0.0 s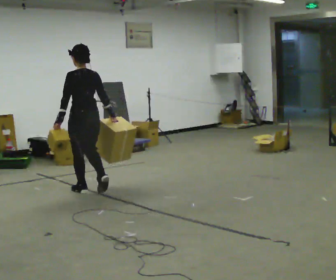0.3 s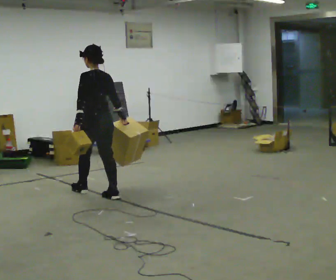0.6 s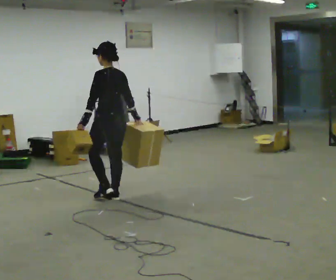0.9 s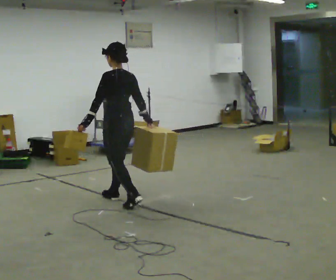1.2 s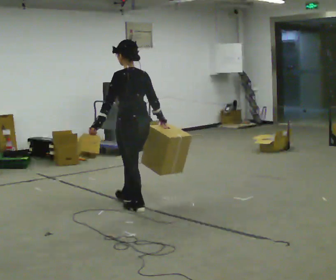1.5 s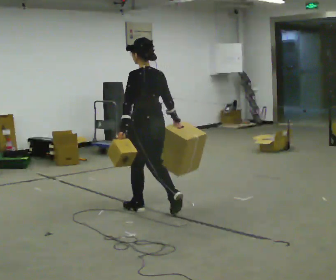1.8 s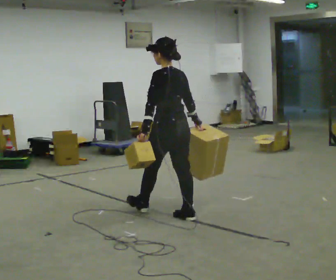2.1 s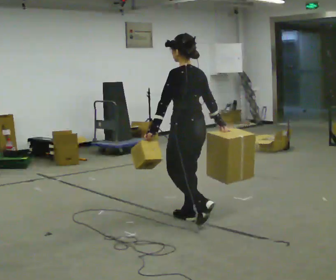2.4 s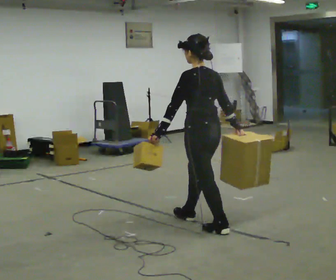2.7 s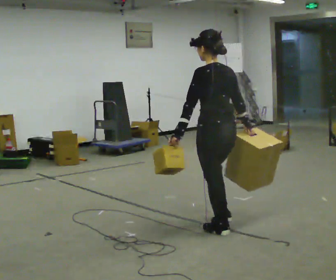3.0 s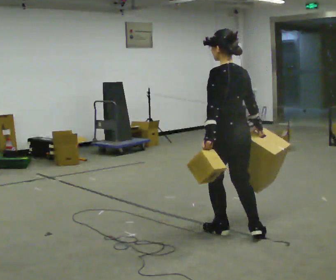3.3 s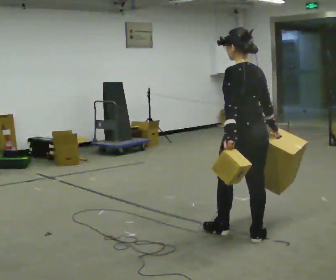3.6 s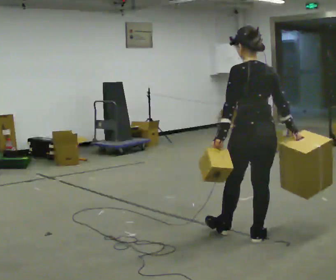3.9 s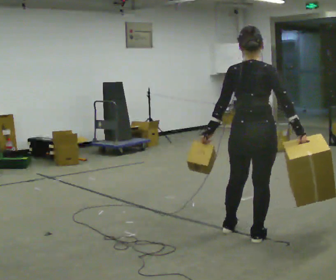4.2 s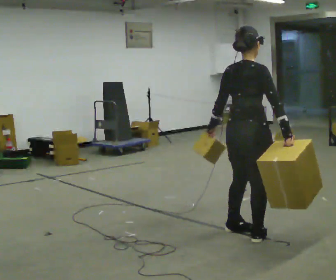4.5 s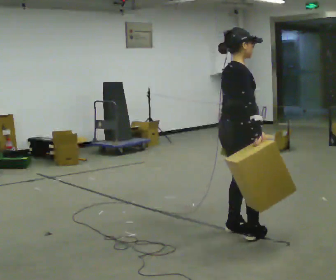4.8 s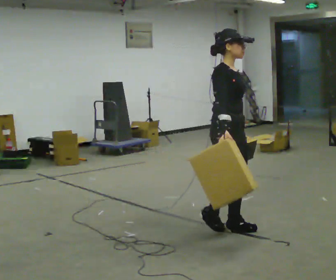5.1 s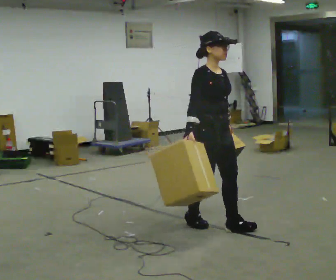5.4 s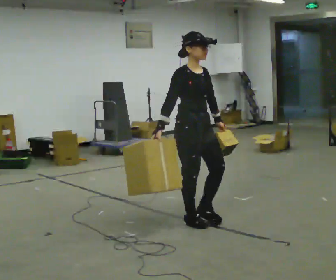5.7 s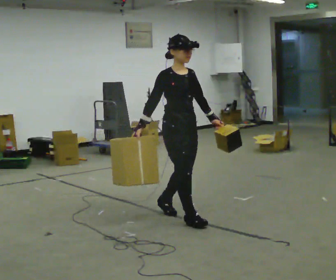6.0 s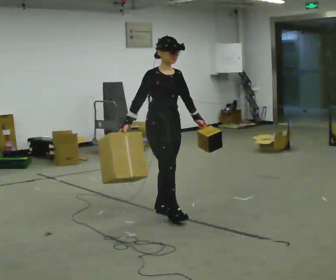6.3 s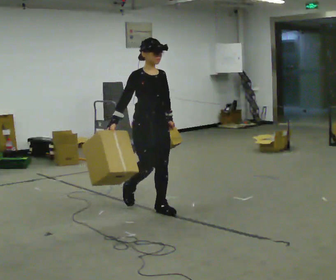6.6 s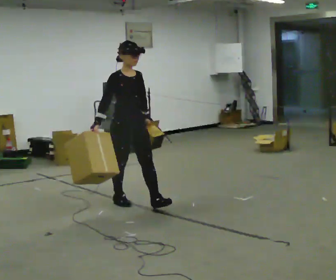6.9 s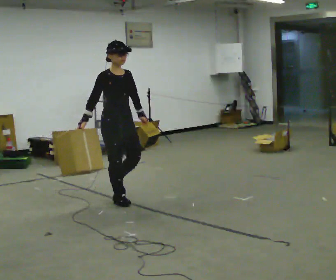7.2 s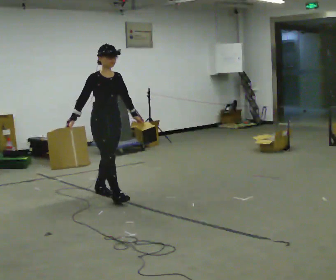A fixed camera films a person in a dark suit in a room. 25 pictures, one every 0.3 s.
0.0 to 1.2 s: In the picture they go to the right and toward the camera, about 1 m in 2 steps, which for them is backward.
1.2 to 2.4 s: In the picture they go to the right and toward the camera, about 1 m in 1 step, which for them is backward.
2.4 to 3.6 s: The person turns about 30 degrees to their right, clockwise seen from above, so the part of the body nearest the lens slides to the left. In the picture they go to the right and toward the camera, about 0.5 m in 1 step, which for them is backward.
3.6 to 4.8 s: The part of the body nearest the lens slides to the left as the person turns to their right by about 135 degrees. In the picture they go away from the camera and to the left, about 0.25 m in 1 step.
4.8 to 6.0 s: Seen from above the body turns clockwise, about 30 degrees: to their right, with its near side sliding to the left. In the picture they go to the left and away from the camera, about 0.5 m in 2 steps, which for them is backward.
6.0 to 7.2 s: In the picture they go to the left and away from the camera, about 1 m in 1 step, which for them is backward.
The film runs backward here.
